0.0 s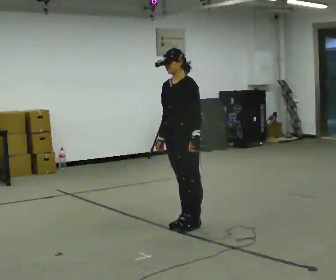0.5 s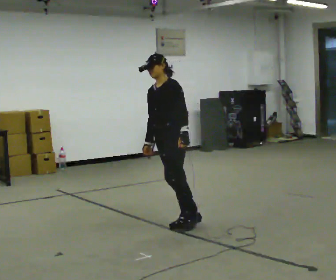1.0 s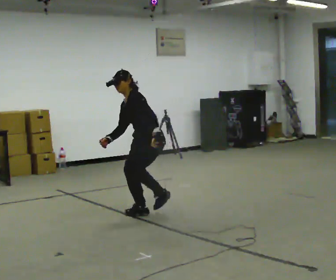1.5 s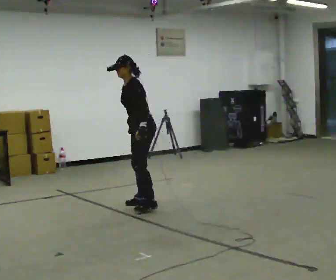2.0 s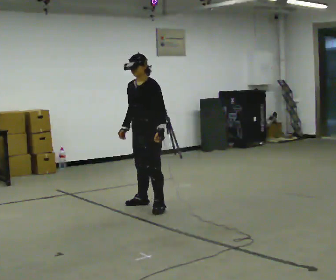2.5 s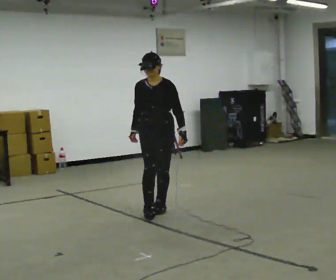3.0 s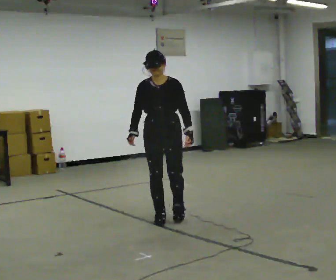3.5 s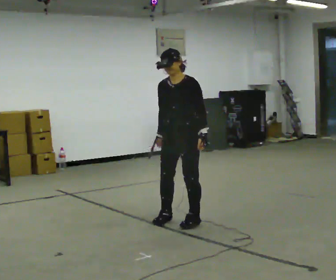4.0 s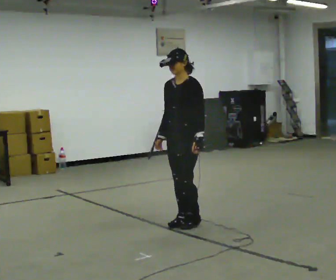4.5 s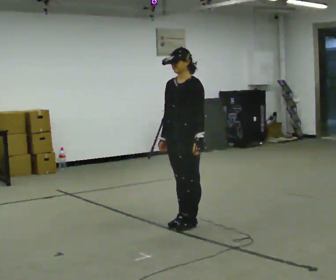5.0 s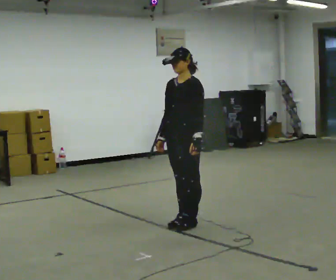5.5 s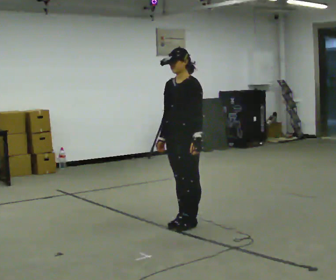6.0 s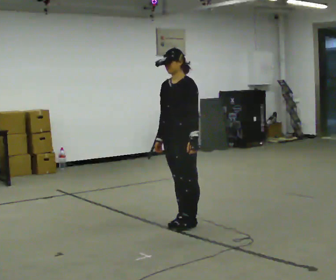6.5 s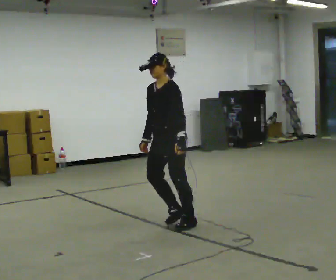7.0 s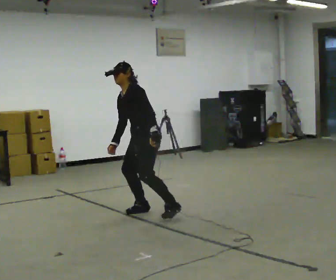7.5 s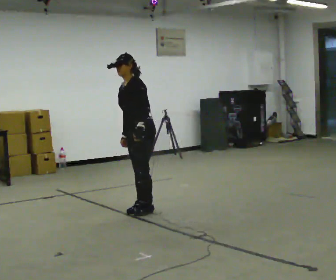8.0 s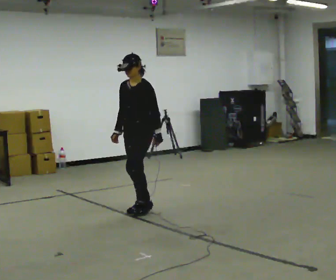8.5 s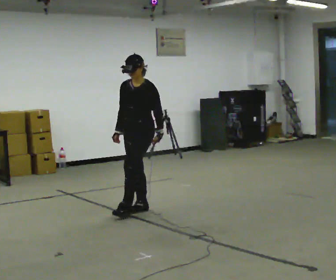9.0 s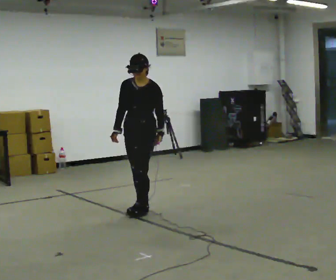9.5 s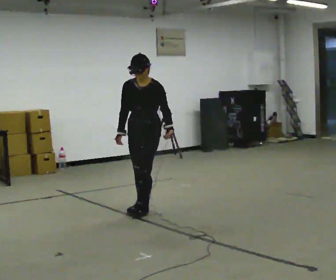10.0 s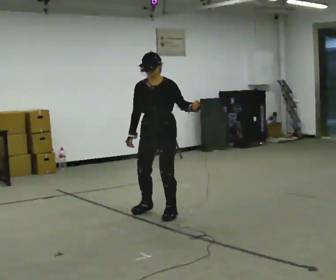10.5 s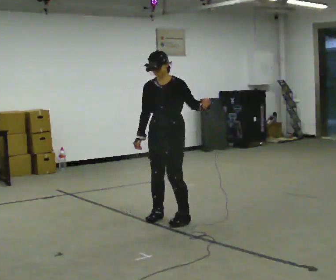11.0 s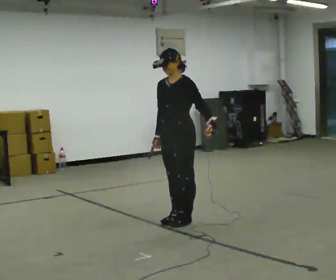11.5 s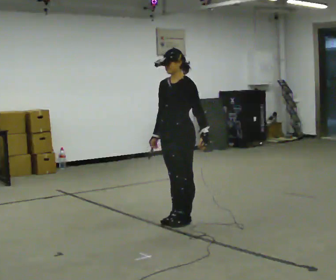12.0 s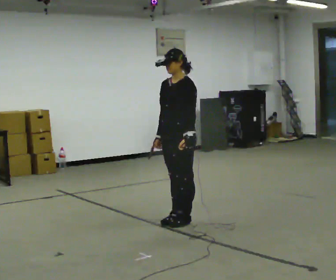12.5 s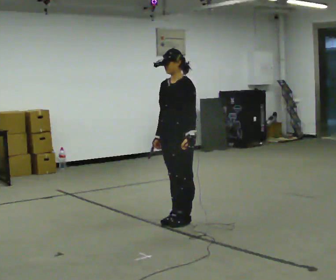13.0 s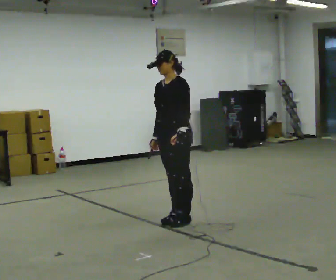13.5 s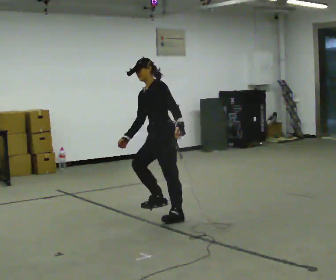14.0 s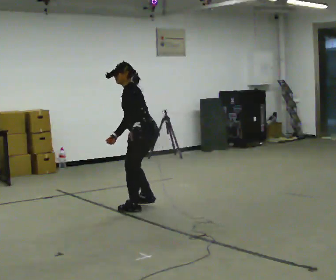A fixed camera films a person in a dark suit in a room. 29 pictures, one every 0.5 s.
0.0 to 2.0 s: In the picture they go away from the camera and to the left, about 1 m in 3 steps, which for them is to their right and forward.
2.0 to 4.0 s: In the picture they go toward the camera and to the right, about 1 m in 3 steps, which for them is forward and to their left.
4.0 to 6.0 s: The person moves a little, or ends about where they began.
6.0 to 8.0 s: In the picture they go away from the camera and to the left, about 0.75 m in 2 steps, which for them is to their right.
8.0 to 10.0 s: The person turns about 30 degrees to their left, counterclockwise seen from above, so the part of the body nearest the lens slides to the right. In the picture they go to the right and toward the camera, about 0.25 m in 2 steps, which for them is to their left.
10.0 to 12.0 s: Seen from above the body turns clockwise, about 30 degrees: to their right, with its near side sliding to the left. In the picture they go toward the camera and to the right, about 0.25 m in 3 steps, which for them is to their left.
12.0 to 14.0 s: The person turns about 45 degrees to their right, clockwise seen from above, so the part of the body nearest the lens slides to the left. In the picture they go away from the camera and to the left, about 0.5 m in 1 step, which for them is to their right. In the picture the upper body tilts counterclockwise, shoulders to the left, as they bend forward.
The film runs forward here.
